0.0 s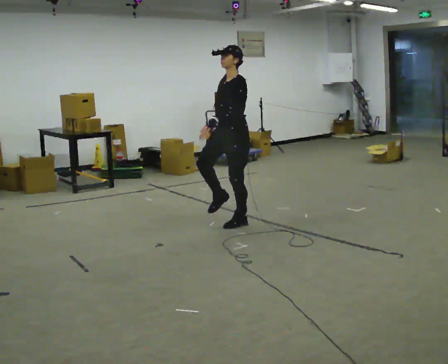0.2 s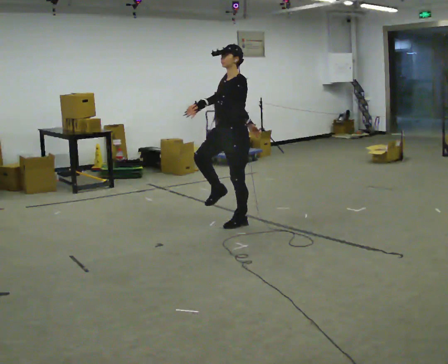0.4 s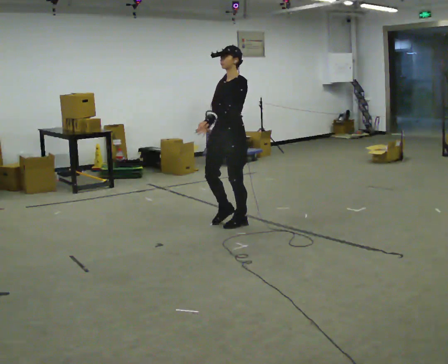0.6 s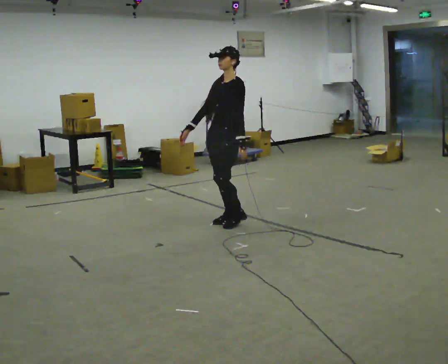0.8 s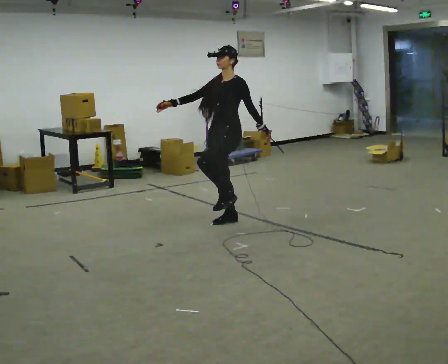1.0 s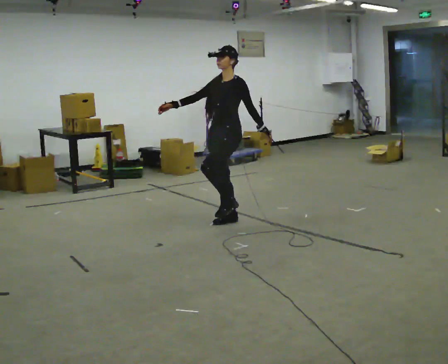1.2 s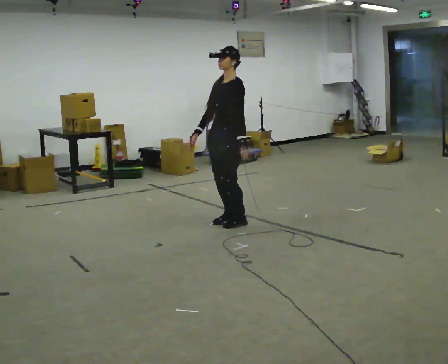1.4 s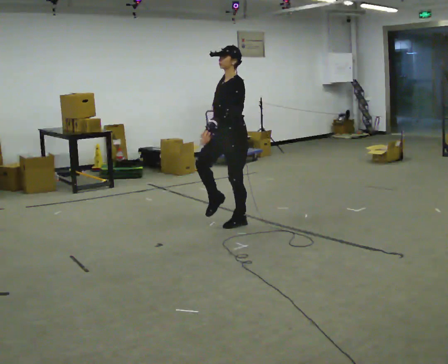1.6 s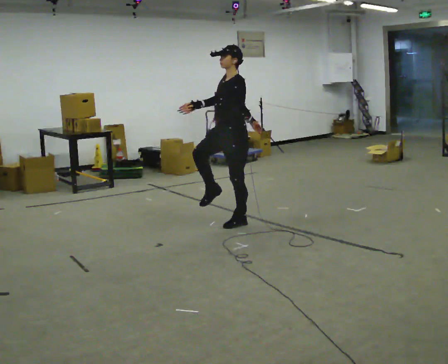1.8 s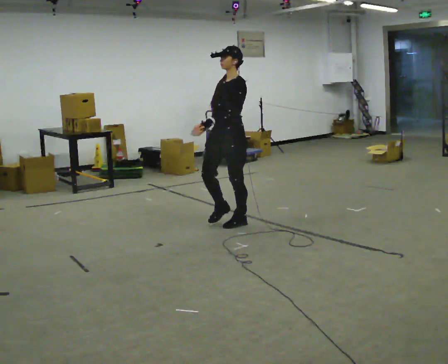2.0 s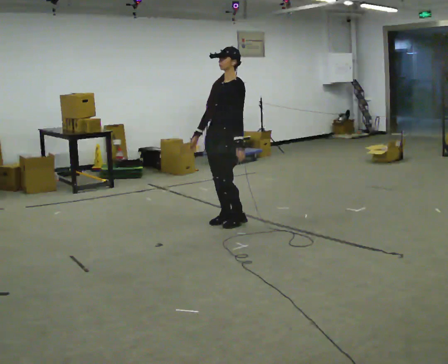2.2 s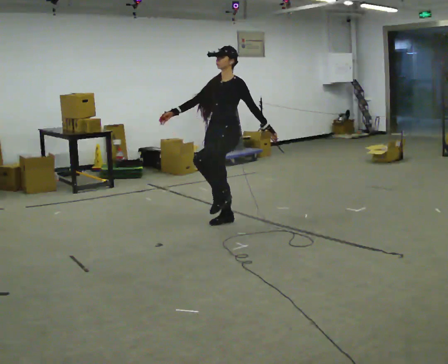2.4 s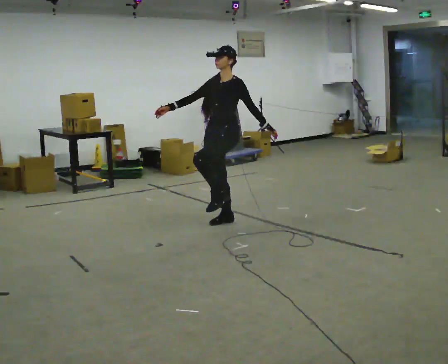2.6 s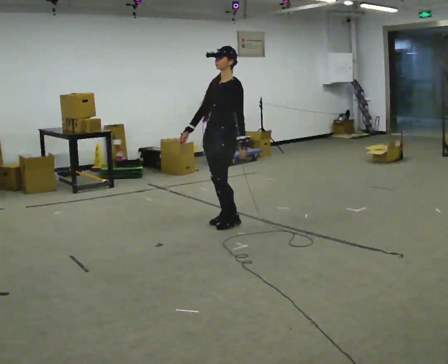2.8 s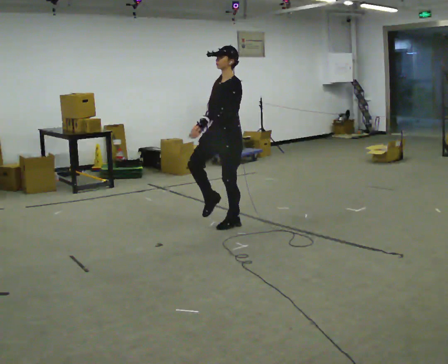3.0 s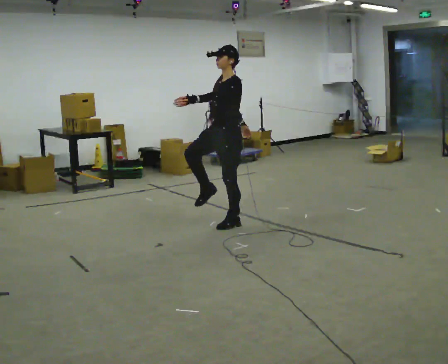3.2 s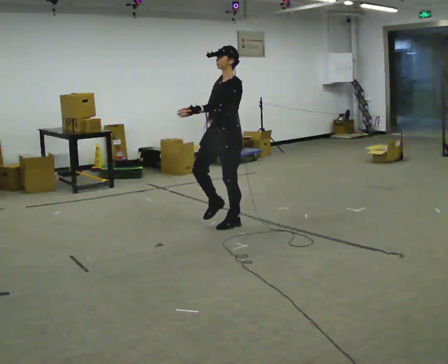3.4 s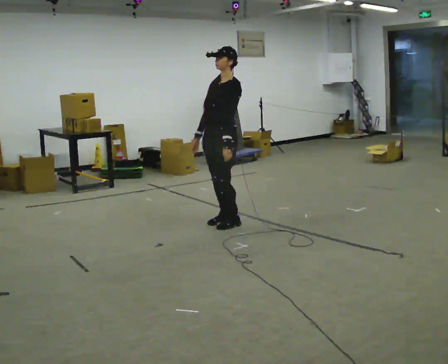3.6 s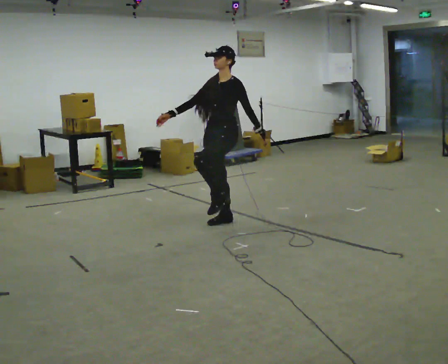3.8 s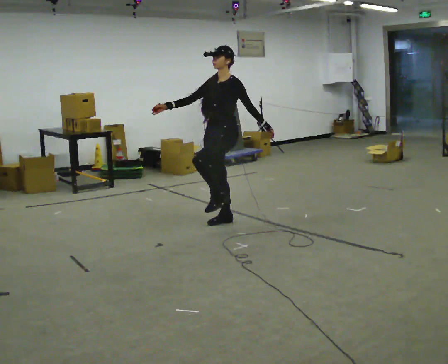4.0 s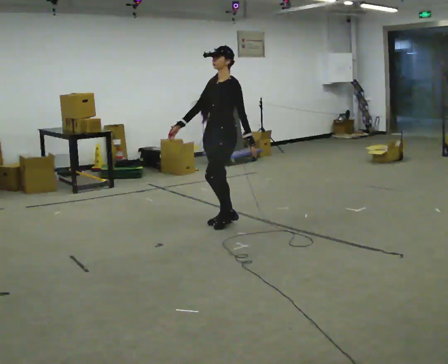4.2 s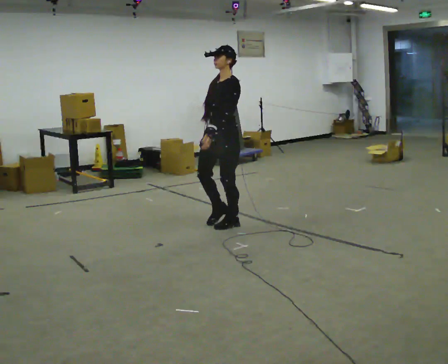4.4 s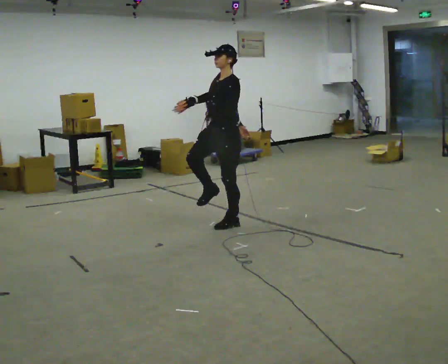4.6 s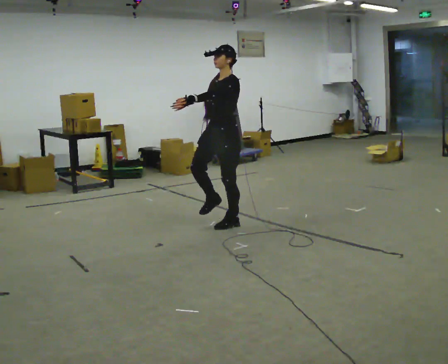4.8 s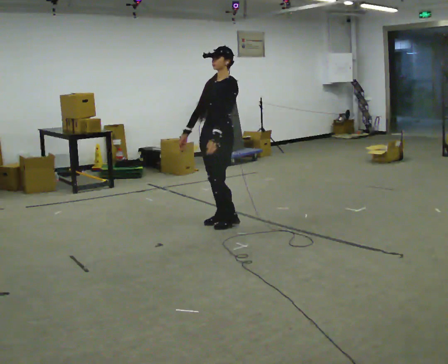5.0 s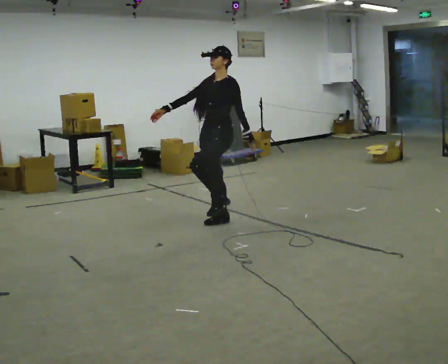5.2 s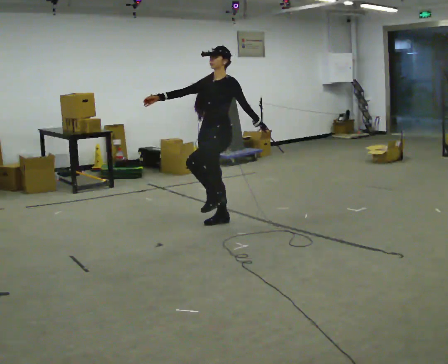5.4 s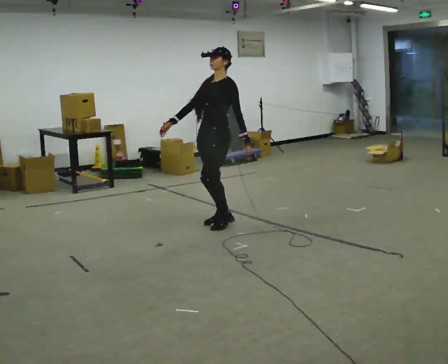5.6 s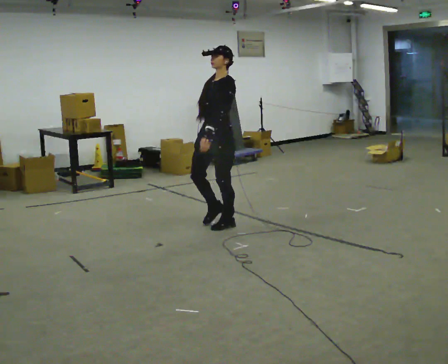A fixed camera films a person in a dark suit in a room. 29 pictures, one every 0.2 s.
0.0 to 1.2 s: In the picture their right hand goes to the left.
1.2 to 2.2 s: The person moves a little, or ends about where they began.
2.2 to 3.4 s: In the picture their left hand goes to the left.
3.4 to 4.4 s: In the picture their left hand goes upward.
4.4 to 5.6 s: The person moves a little, or ends about where they began.
The film runs forward here.
